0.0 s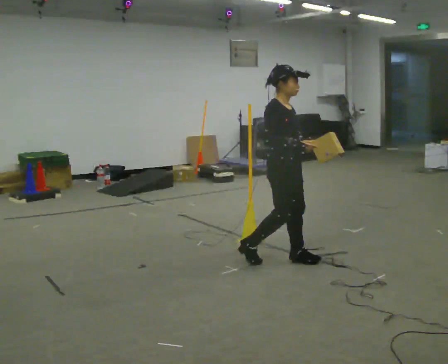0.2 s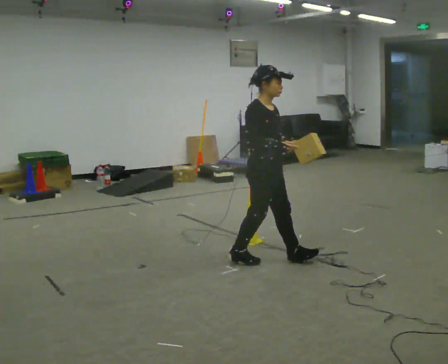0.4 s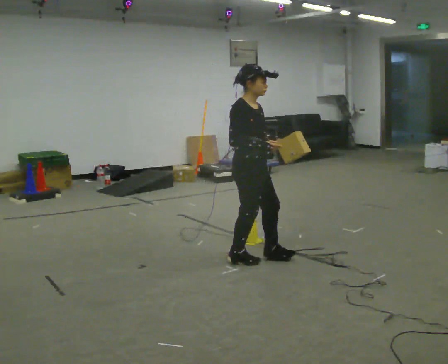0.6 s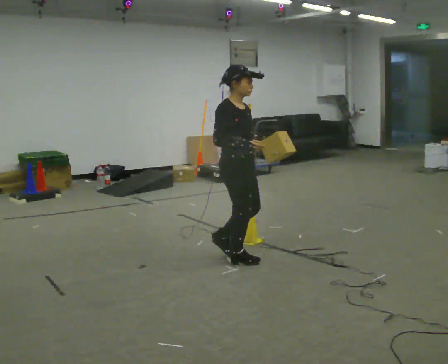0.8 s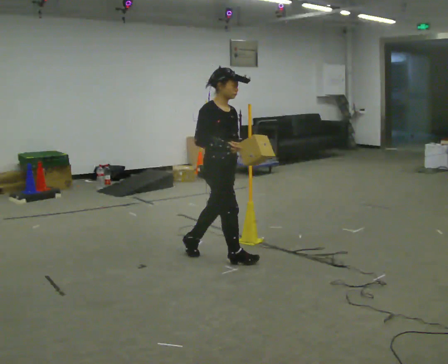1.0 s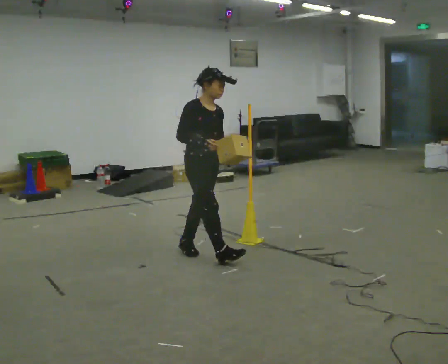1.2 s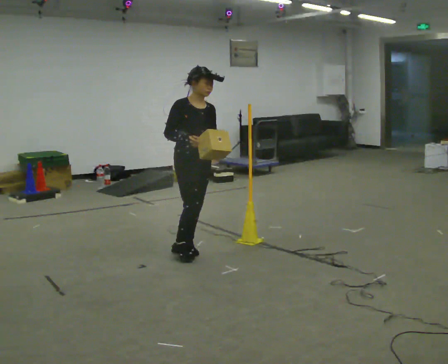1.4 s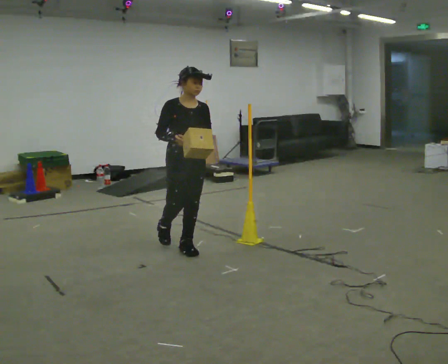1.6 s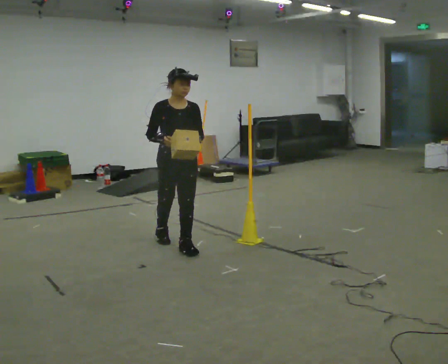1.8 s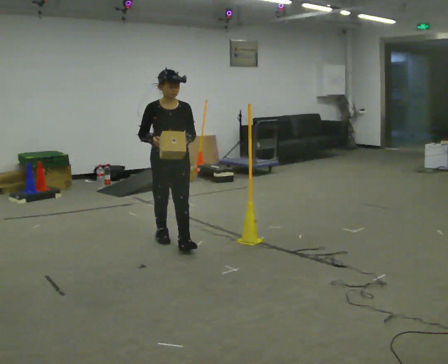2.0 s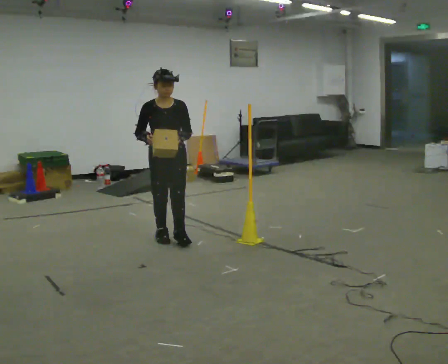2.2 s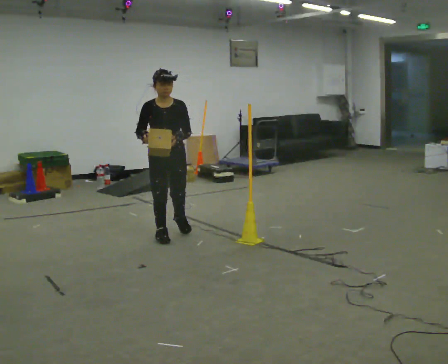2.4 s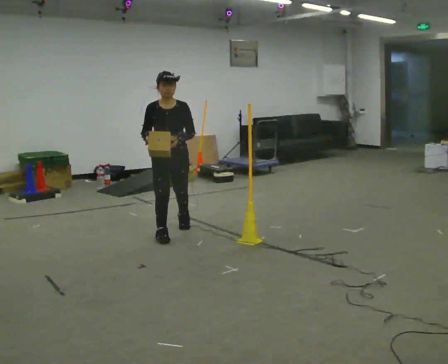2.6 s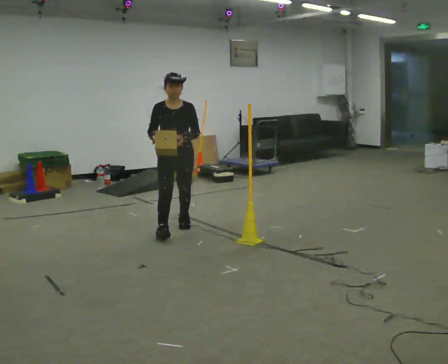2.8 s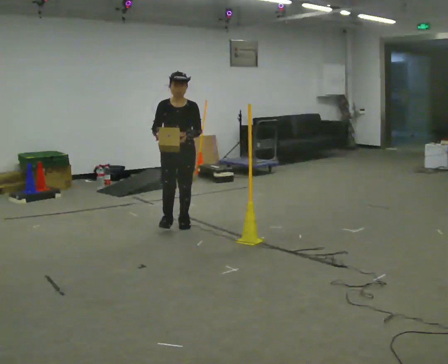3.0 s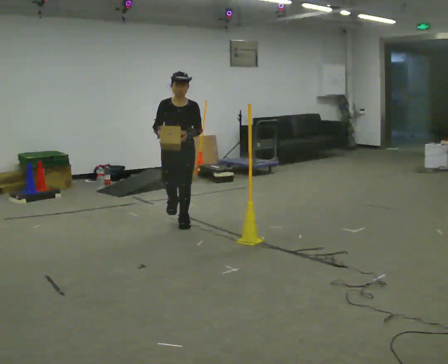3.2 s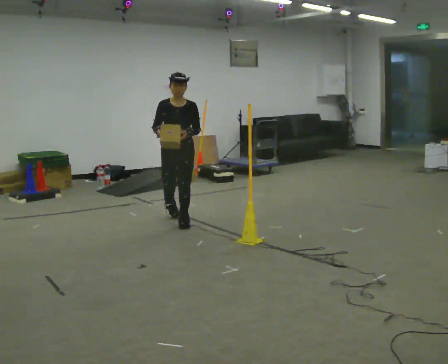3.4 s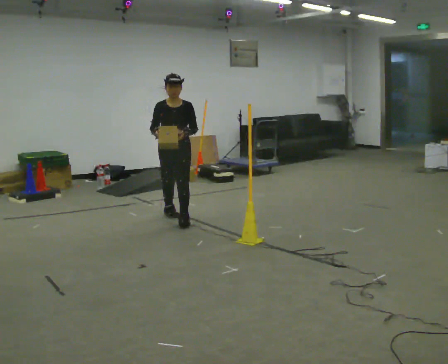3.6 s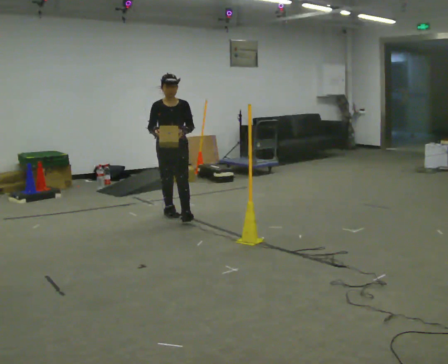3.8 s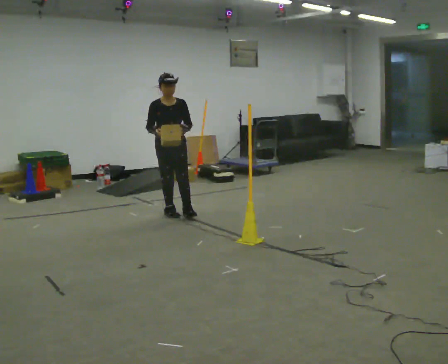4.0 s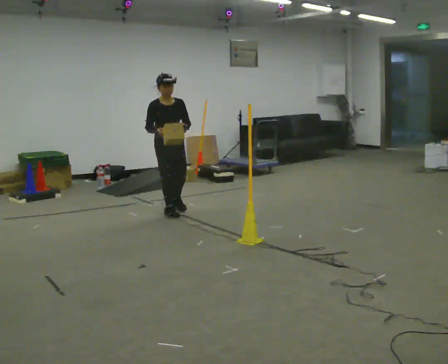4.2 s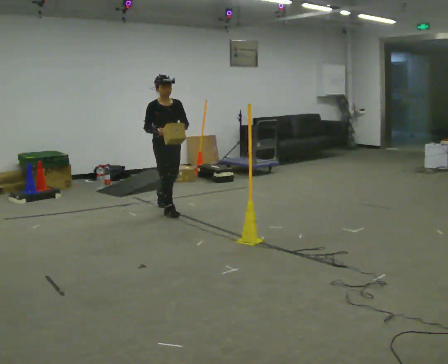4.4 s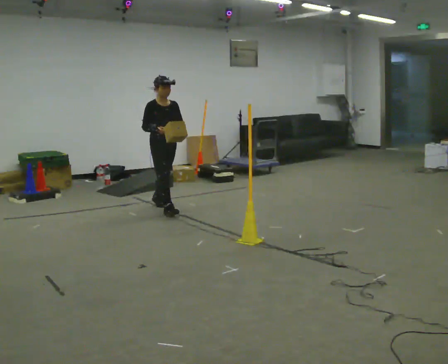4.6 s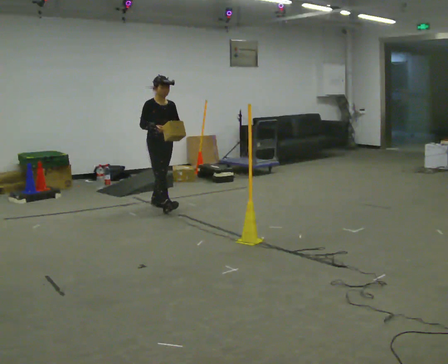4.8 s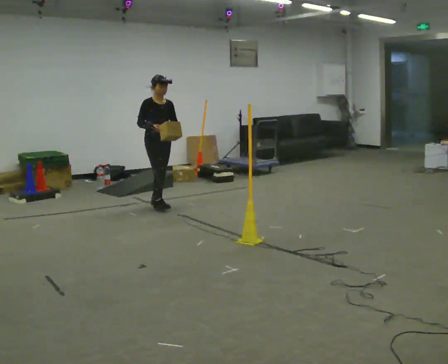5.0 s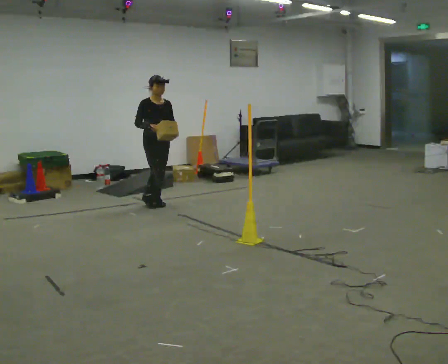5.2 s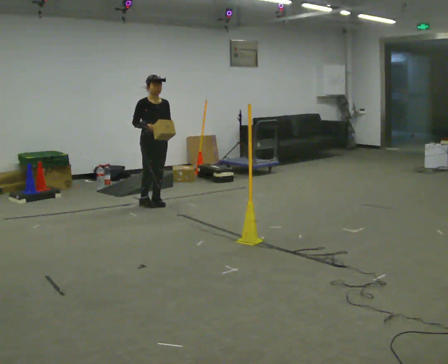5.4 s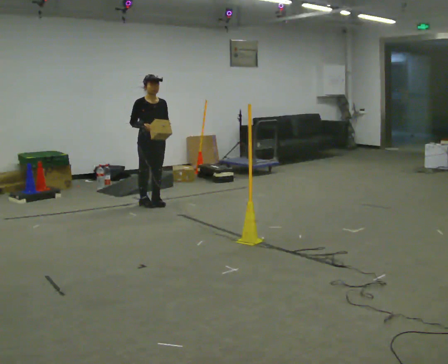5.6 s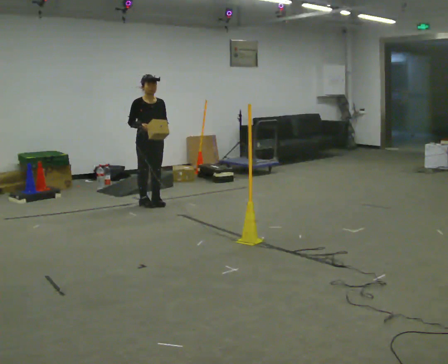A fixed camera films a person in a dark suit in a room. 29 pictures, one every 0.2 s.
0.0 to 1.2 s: In the picture they go to the left and away from the camera, about 0.5 m in 2 steps, which for them is backward.
1.2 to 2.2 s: The person turns about 30 degrees to their right, clockwise seen from above, so the part of the body nearest the lens slides to the left. In the picture they go away from the camera and to the left, about 0.5 m in 1 step, which for them is backward.
2.2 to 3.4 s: In the picture they go away from the camera, about 0.5 m in 1 step, which for them is backward.
3.4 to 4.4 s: The person turns about 30 degrees to their left, counterclockwise seen from above, so the part of the body nearest the lens slides to the right. In the picture they go away from the camera, about 0.5 m in 1 step, which for them is backward.
4.4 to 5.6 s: In the picture they go away from the camera, about 0.25 m in 1 step, which for them is backward.
The film runs backward here.
